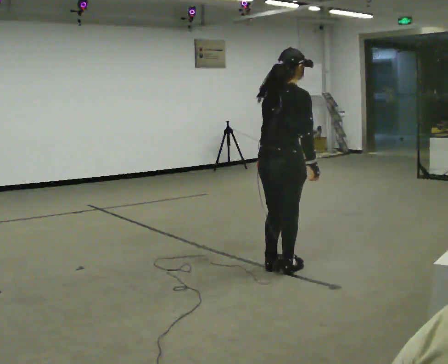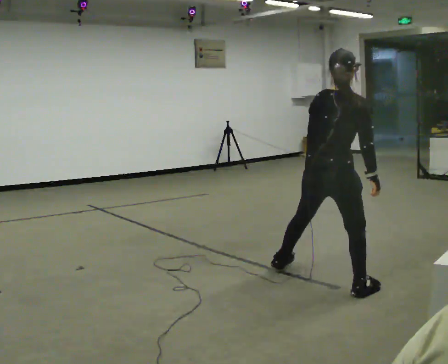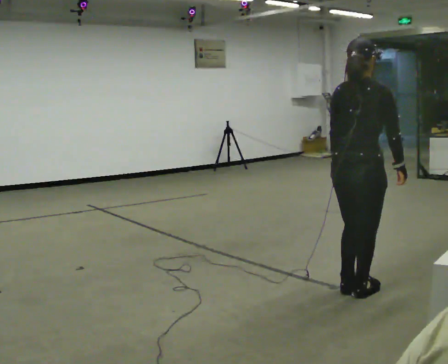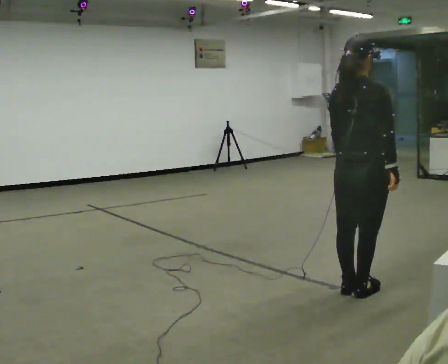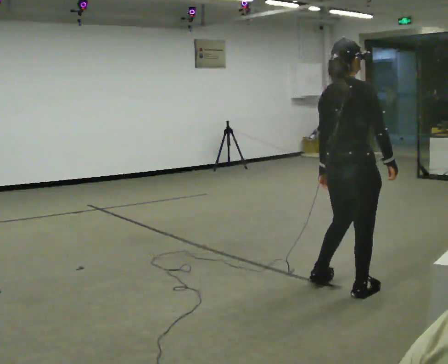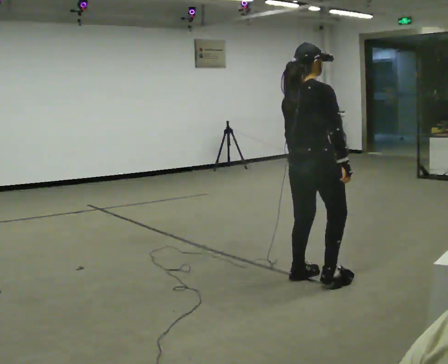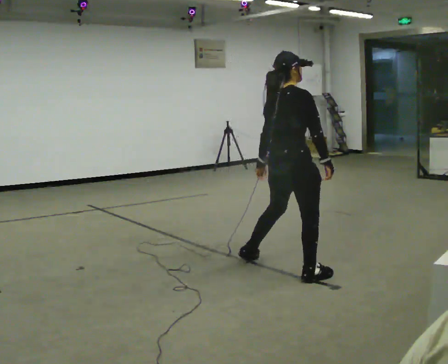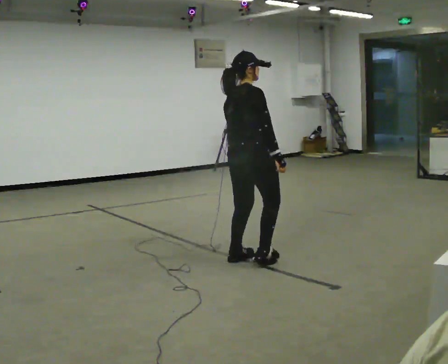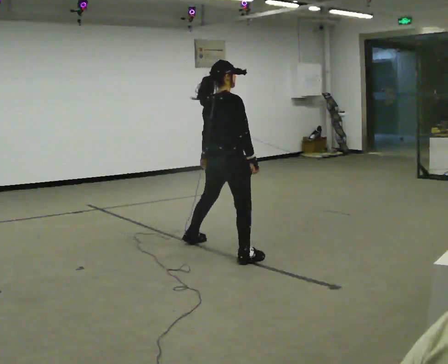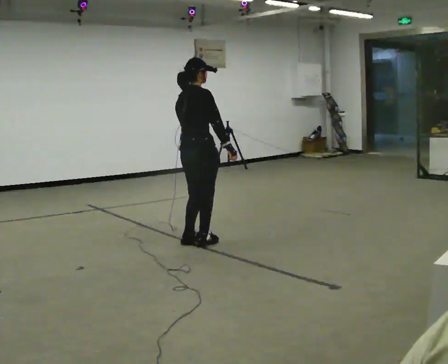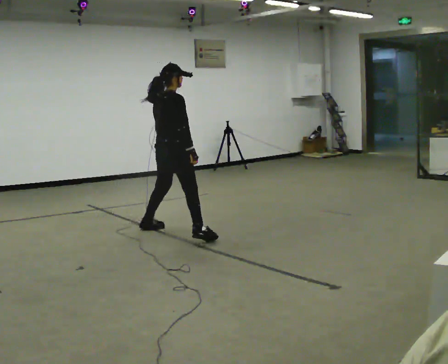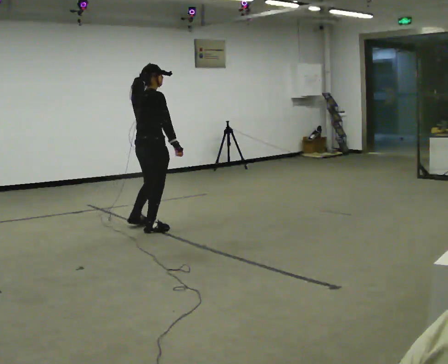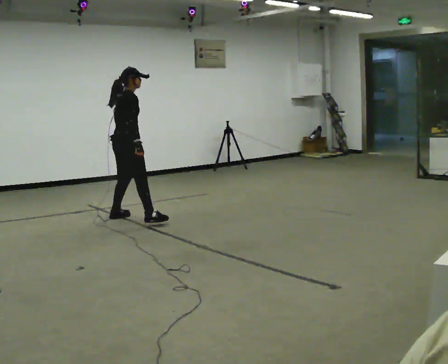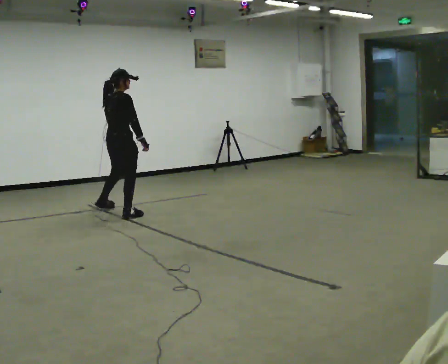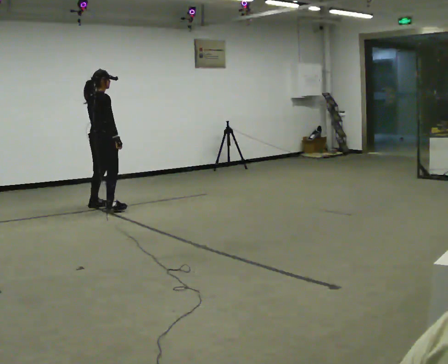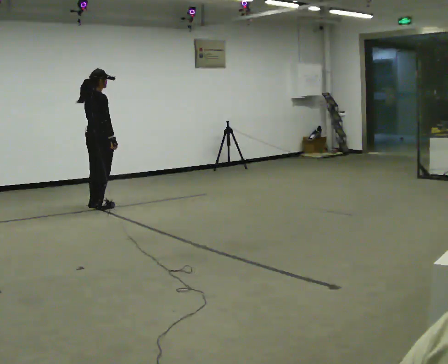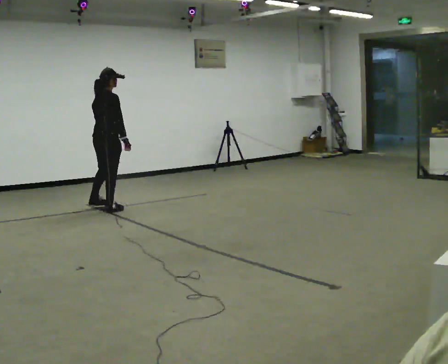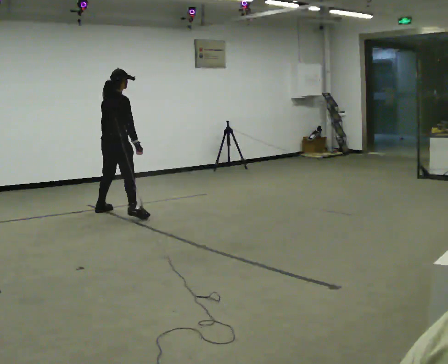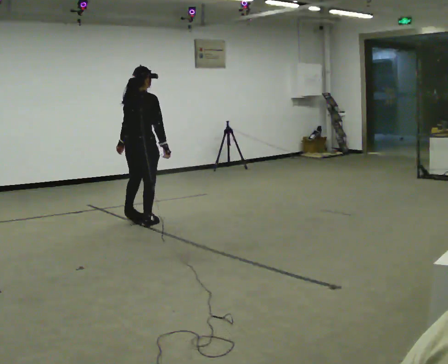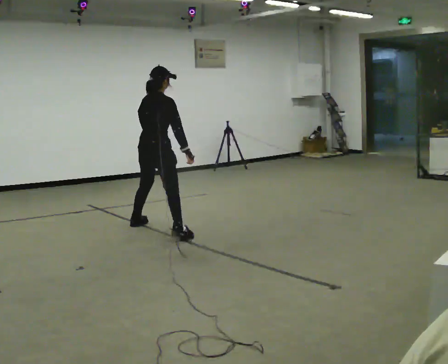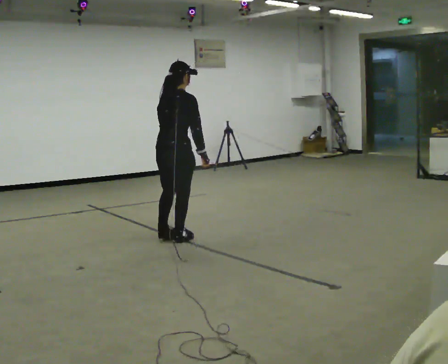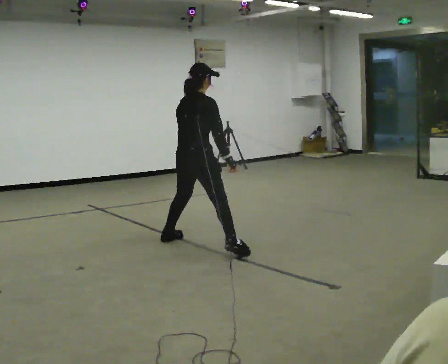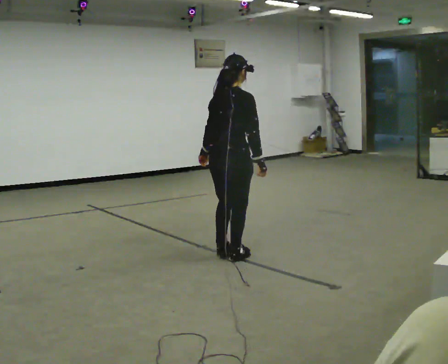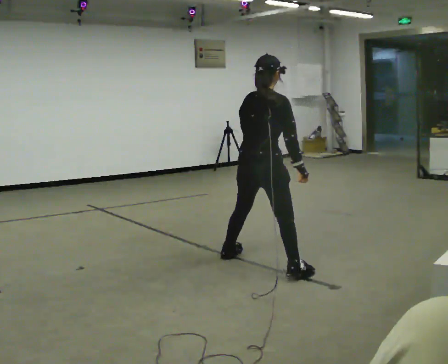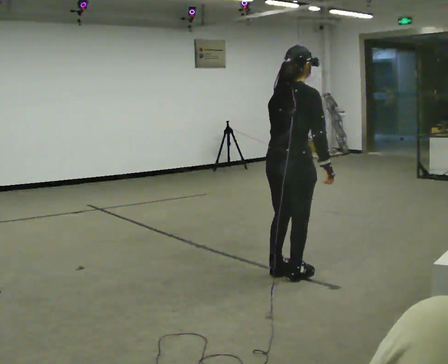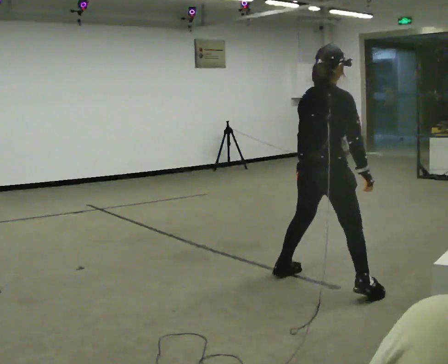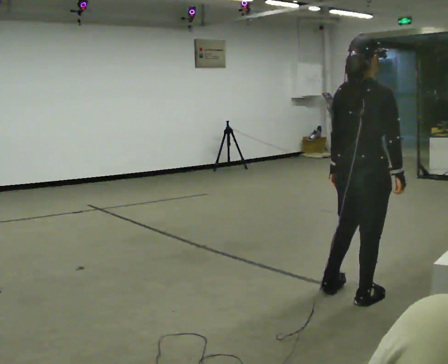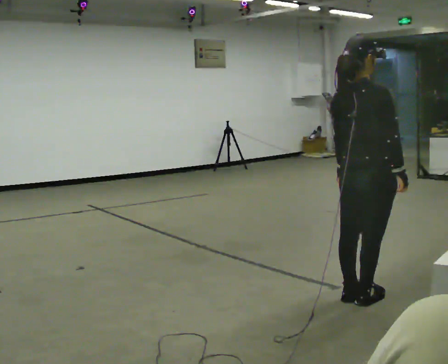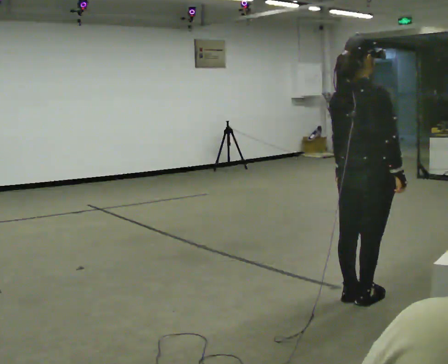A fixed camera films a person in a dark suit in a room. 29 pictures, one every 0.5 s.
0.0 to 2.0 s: In the picture they go toward the camera and to the right, about 0.75 m in 3 steps, which for them is to their right.
2.0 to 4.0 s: In the picture they go away from the camera and to the left, about 1.5 m in 4 steps, which for them is to their left.
4.0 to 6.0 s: In the picture they go away from the camera and to the left, about 1.5 m in 5 steps, which for them is to their left.
6.0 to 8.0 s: In the picture they go away from the camera, about 0.5 m in 4 steps, which for them is to their left.
8.0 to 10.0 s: In the picture they go toward the camera and to the right, about 1.5 m in 4 steps, which for them is to their right and backward.
10.0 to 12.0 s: In the picture they go toward the camera and to the right, about 1.5 m in 4 steps, which for them is to their right.
12.0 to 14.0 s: In the picture they go toward the camera, about 0.75 m in 2 steps, which for them is to their right.
The film runs backward here.
